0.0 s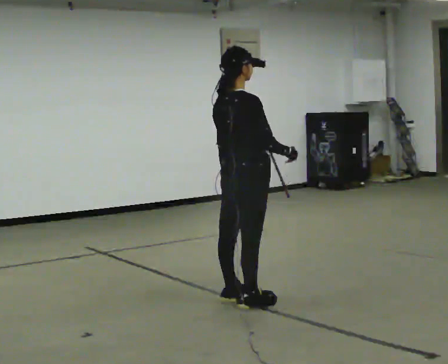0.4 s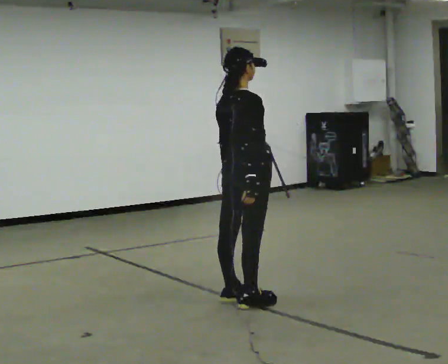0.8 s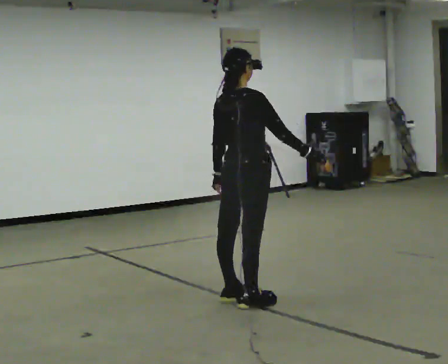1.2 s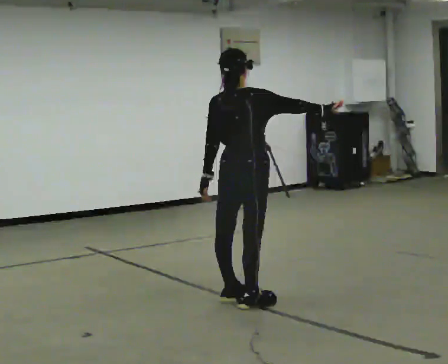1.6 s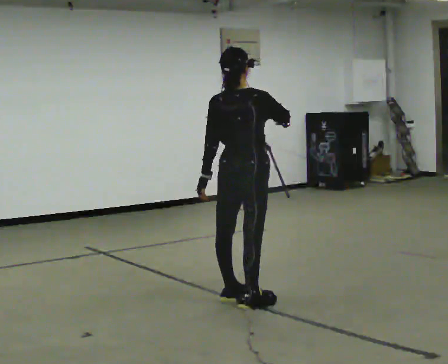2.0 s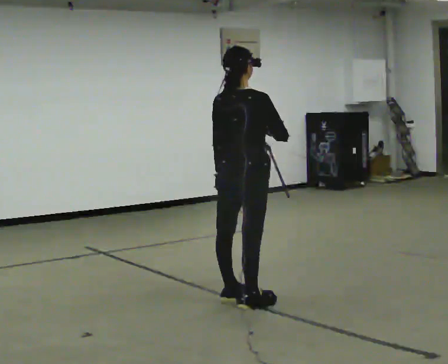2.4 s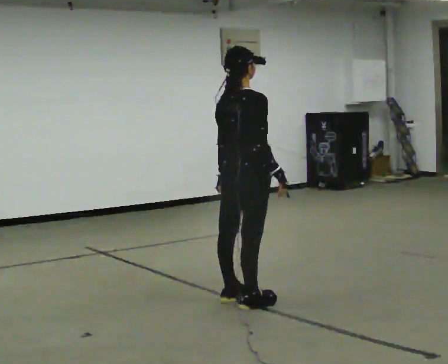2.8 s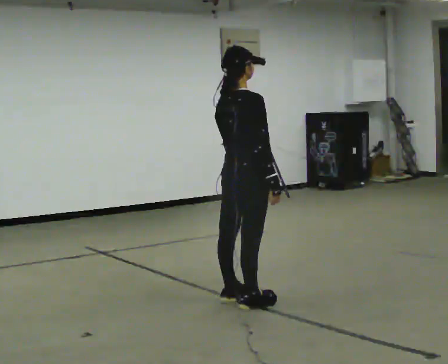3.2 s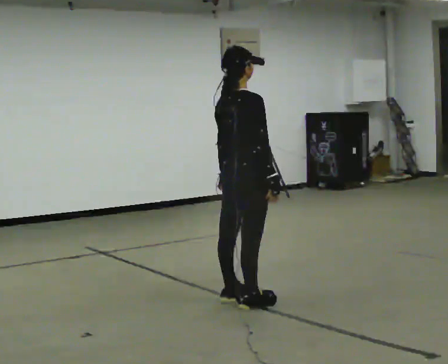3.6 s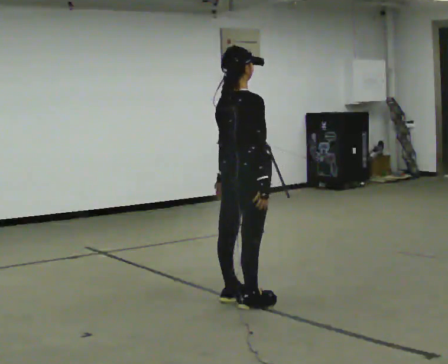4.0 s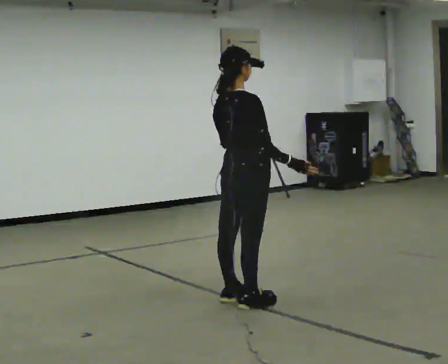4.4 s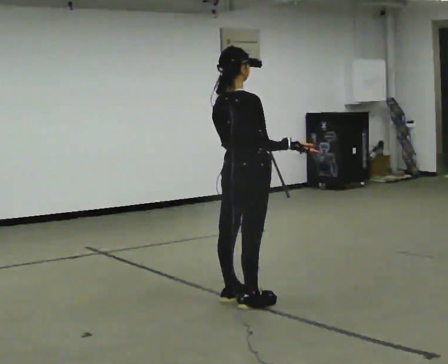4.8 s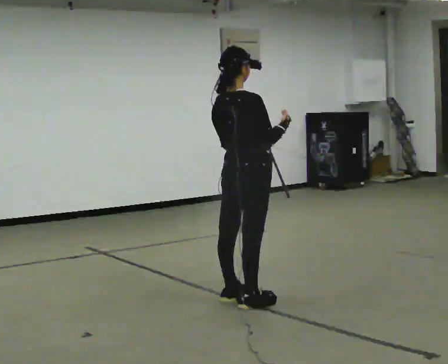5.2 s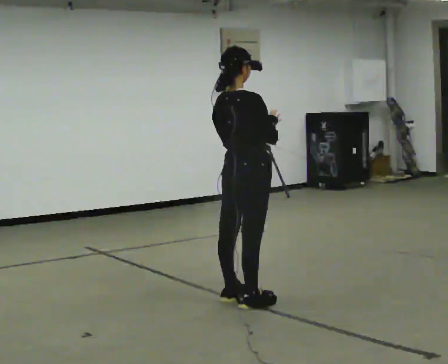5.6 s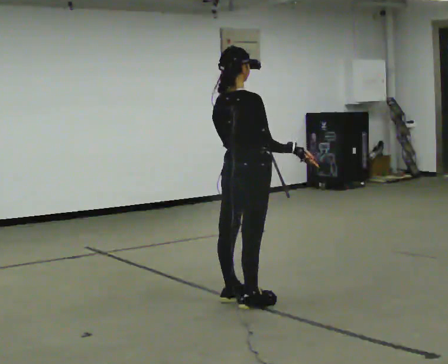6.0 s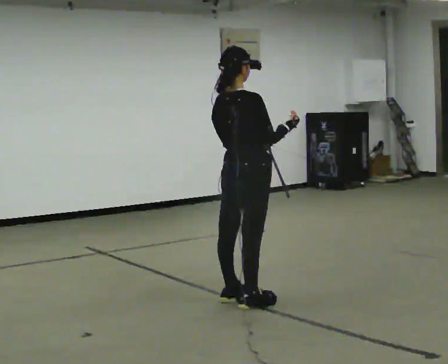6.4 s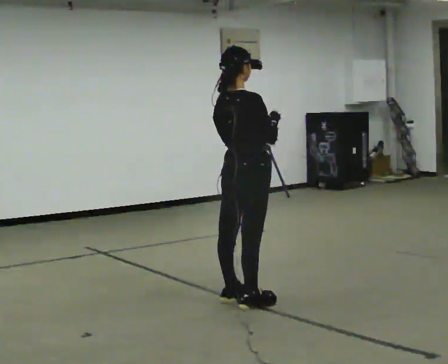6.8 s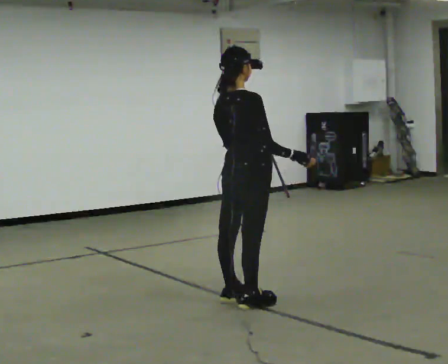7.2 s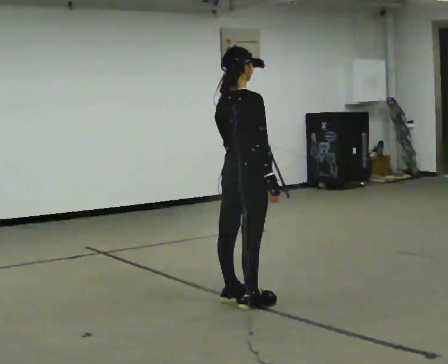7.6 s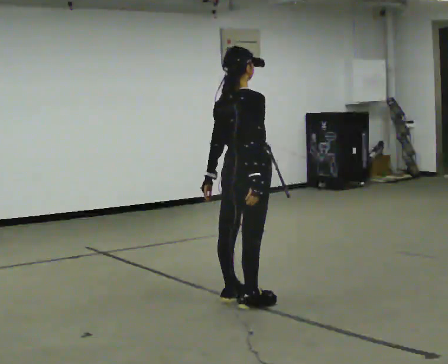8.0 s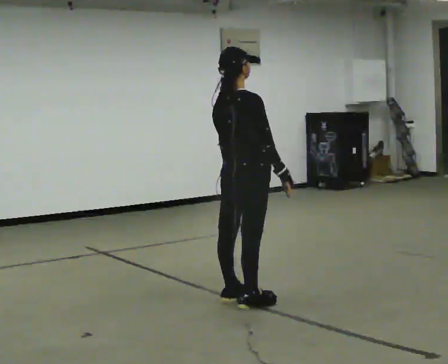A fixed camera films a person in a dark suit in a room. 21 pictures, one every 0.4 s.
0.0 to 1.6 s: Seen from above the body turns counterclockwise, about 30 degrees: to their left, with its near side sliding to the right.
1.6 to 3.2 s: The person turns about 30 degrees to their right, clockwise seen from above, so the part of the body nearest the lens slides to the left. In the picture their right hand goes downward.
3.2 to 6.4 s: In the picture their right hand goes upward.
6.4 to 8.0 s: In the picture their right hand goes downward.
The film runs backward here.
